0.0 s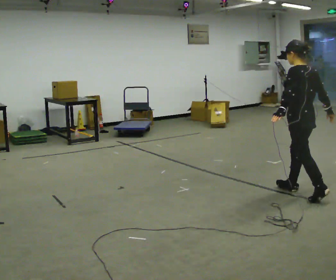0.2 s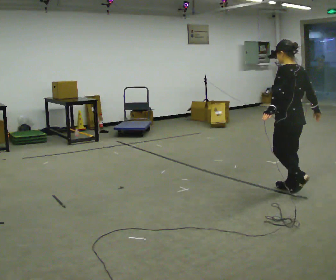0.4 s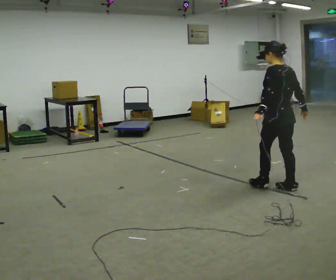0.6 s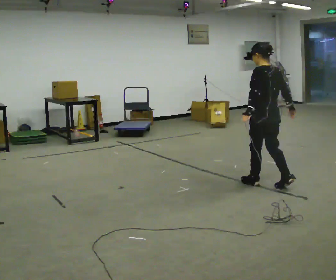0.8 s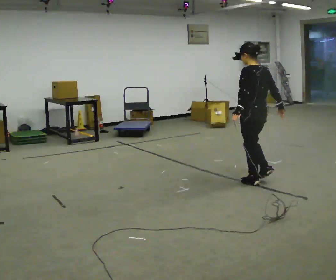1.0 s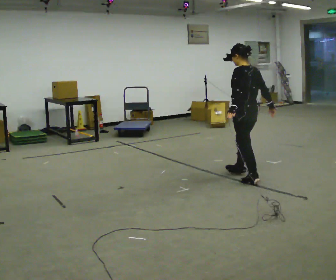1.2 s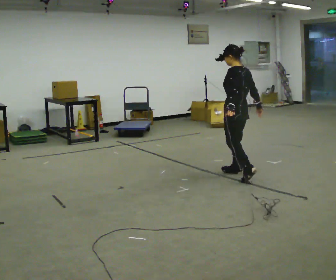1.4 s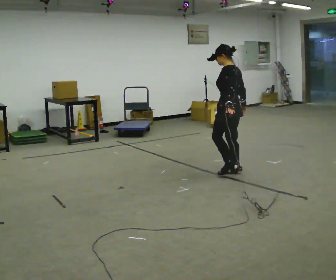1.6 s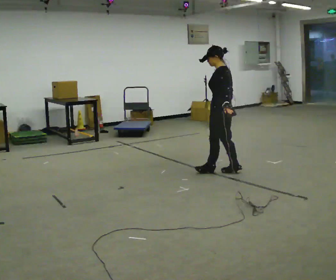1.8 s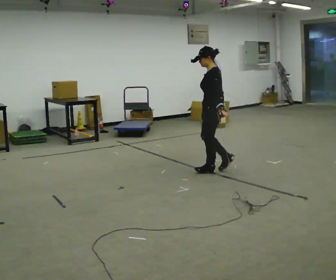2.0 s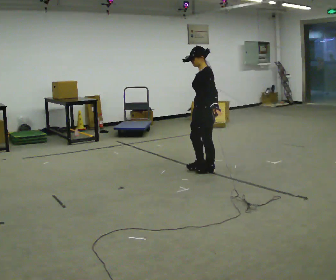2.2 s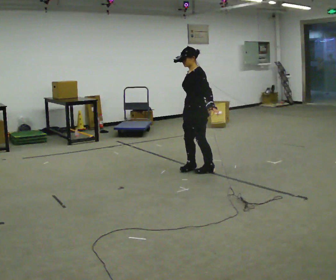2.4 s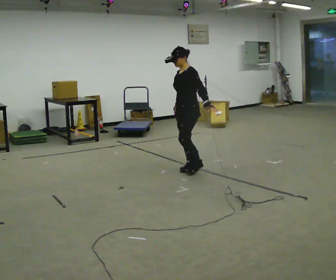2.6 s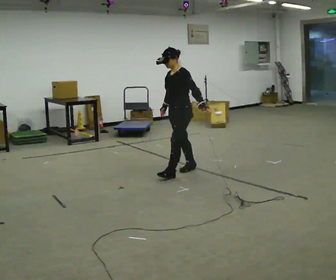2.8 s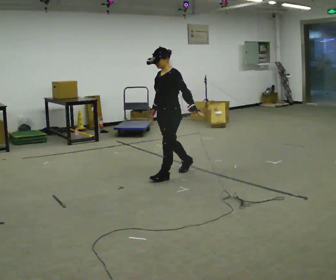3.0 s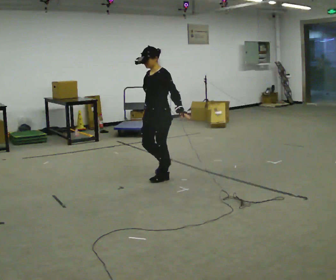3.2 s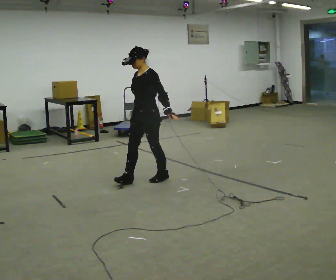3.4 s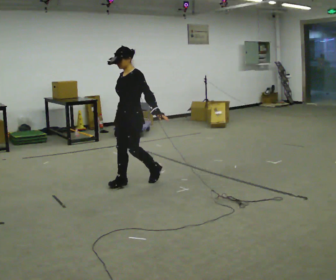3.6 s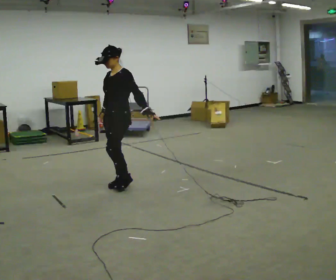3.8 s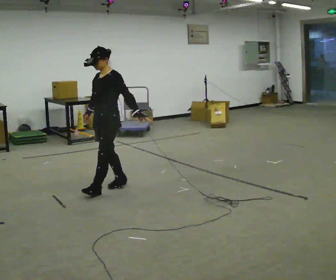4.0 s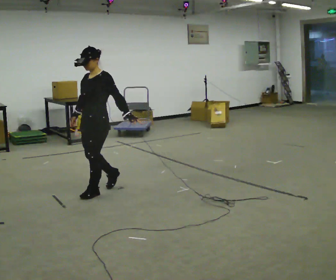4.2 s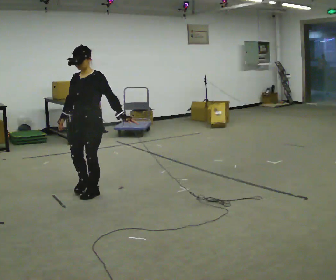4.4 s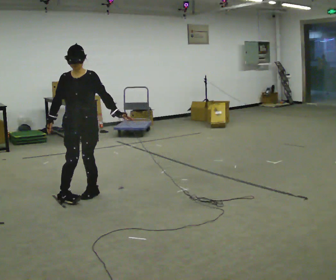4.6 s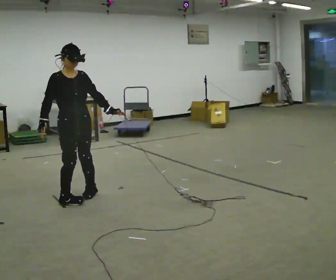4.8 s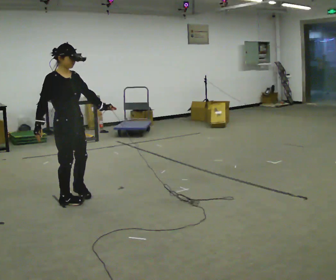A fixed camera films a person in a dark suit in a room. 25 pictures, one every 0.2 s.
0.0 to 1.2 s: In the picture they go away from the camera and to the left, about 1 m in 2 steps, which for them is forward.
1.2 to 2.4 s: Seen from above the body turns counterclockwise, about 60 degrees: to their left, with its near side sliding to the right. In the picture they go to the left, about 0.5 m in 2 steps.
2.4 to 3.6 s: In the picture they go to the left and toward the camera, about 1 m in 2 steps, which for them is forward.
3.6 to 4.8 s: Seen from above the body turns counterclockwise, about 120 degrees: to their left, with its near side sliding to the right. In the picture they go toward the camera and to the left, about 0.75 m in 2 steps.
The film runs forward here.
